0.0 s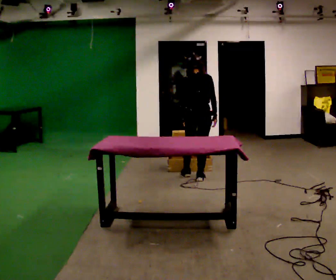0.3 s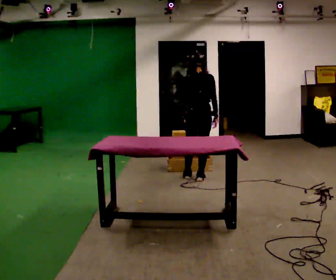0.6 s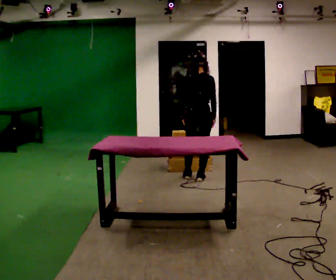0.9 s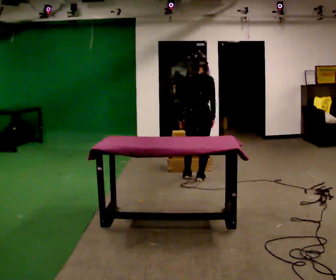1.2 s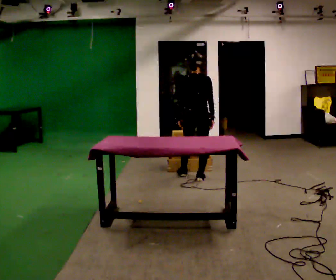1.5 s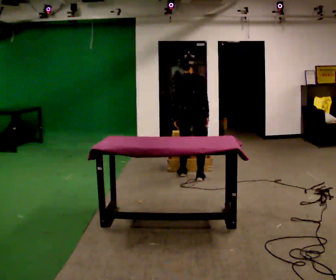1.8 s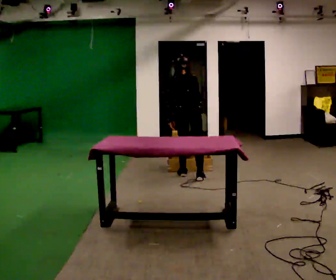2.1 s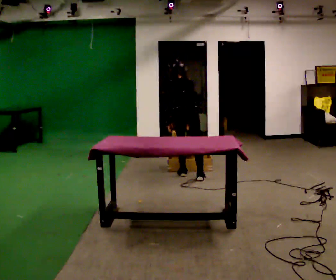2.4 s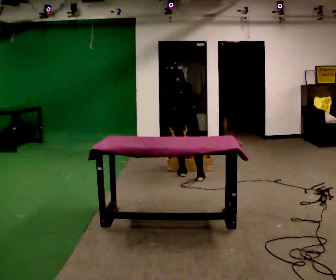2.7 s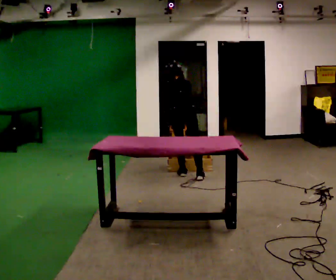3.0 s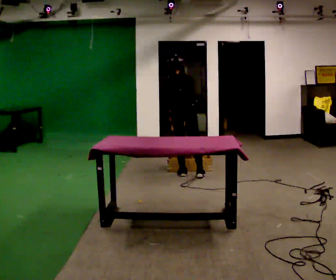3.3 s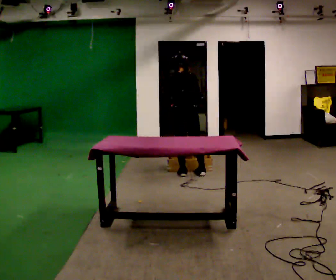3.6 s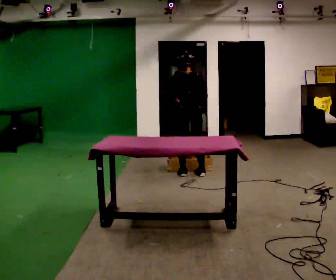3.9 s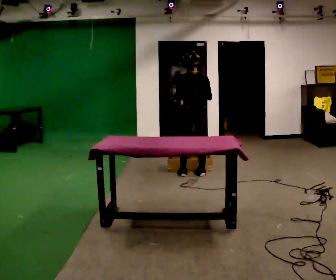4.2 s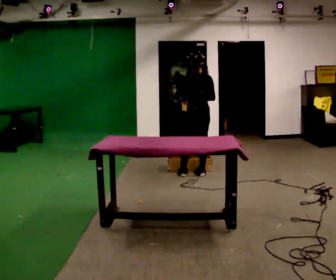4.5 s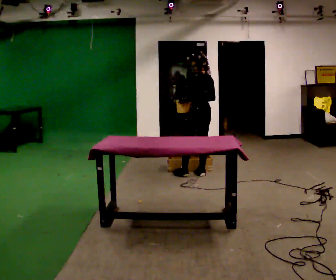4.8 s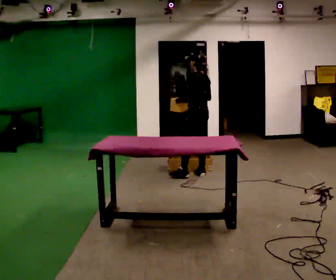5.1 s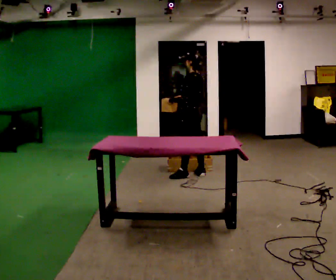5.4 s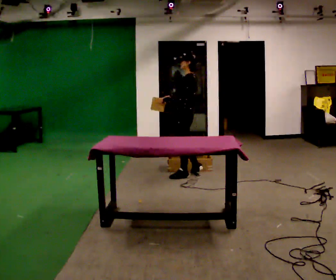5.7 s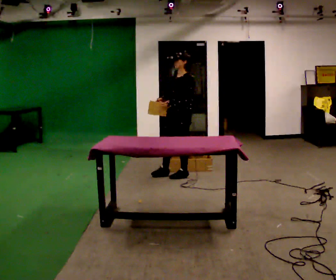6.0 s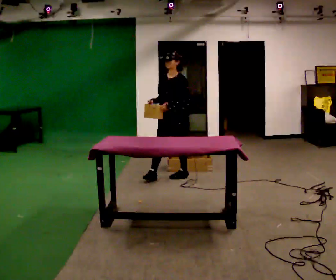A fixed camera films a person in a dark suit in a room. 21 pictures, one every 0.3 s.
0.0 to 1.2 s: The person moves a little, or ends about where they began.
1.2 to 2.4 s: In the picture they go to the left, about 0.25 m, which for them is to their left and forward. The upper body tips away from the camera, its near side rolling upward, as they bend forward.
2.4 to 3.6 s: The upper body tips toward the camera, its near side rolling downward, as they lean back or straighten. In the picture their left hand goes upward.
3.6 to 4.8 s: The part of the body nearest the lens slides to the right as the person turns to their left by about 60 degrees.
4.8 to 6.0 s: The person turns about 90 degrees to their left, counterclockwise seen from above, so the part of the body nearest the lens slides to the right. In the picture they go to the left and toward the camera, about 0.25 m in 1 step.
The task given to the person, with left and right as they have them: Reach down into the deep bin on the floor, take out one object at a time, carry it to the shelf, and come back for the next one. Keep going until the operator says stop; one object at a time, and do not rush between trips.
The film runs forward here.
